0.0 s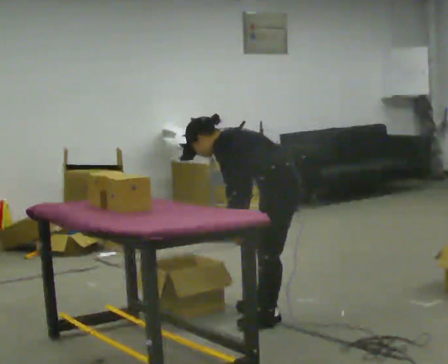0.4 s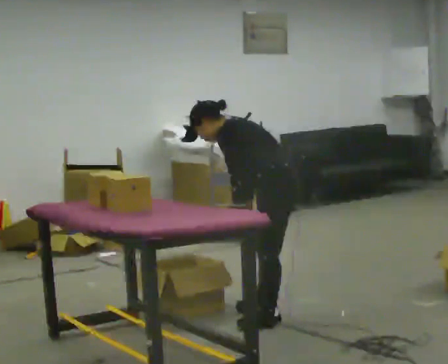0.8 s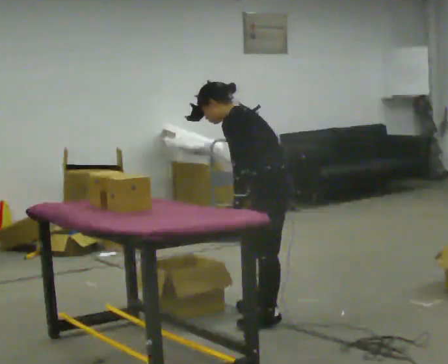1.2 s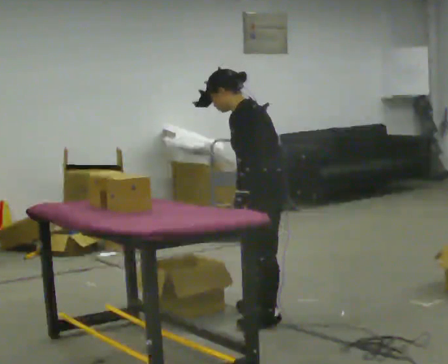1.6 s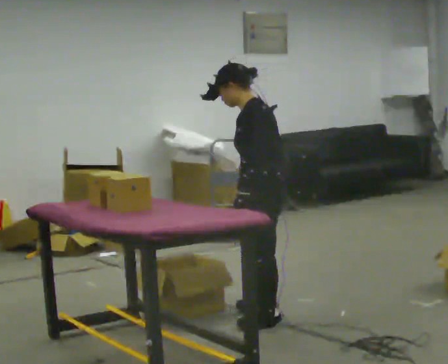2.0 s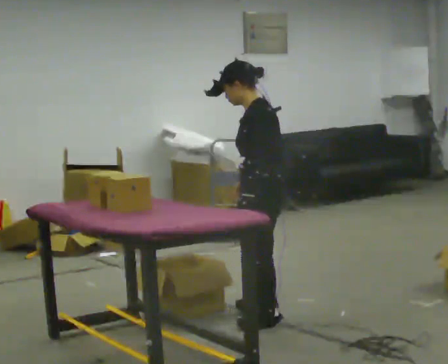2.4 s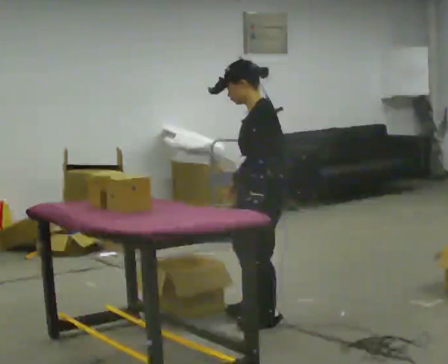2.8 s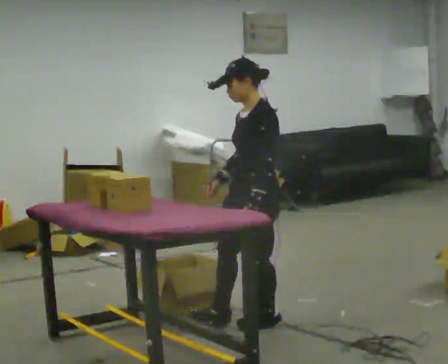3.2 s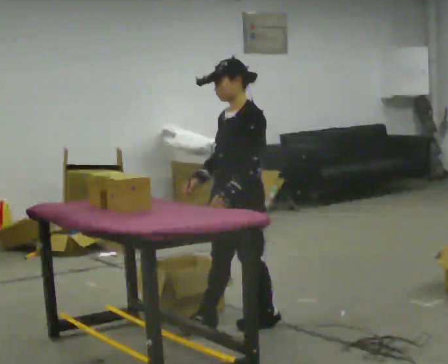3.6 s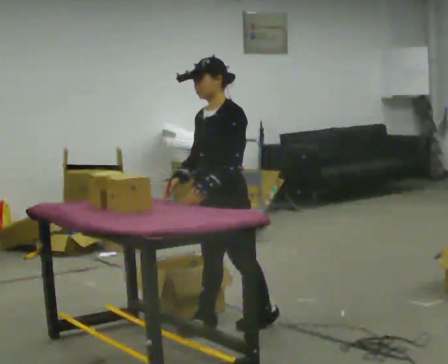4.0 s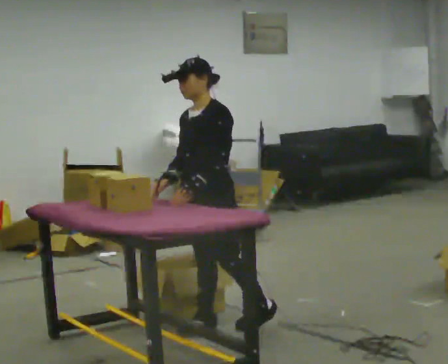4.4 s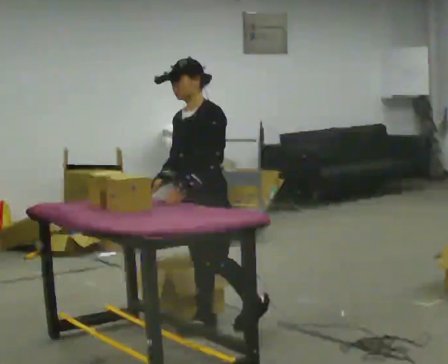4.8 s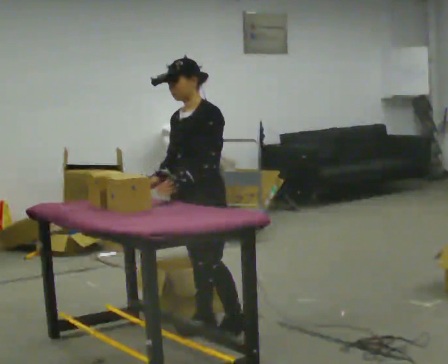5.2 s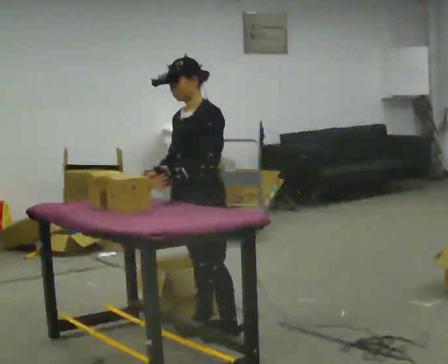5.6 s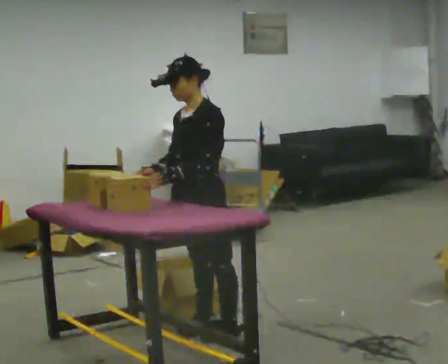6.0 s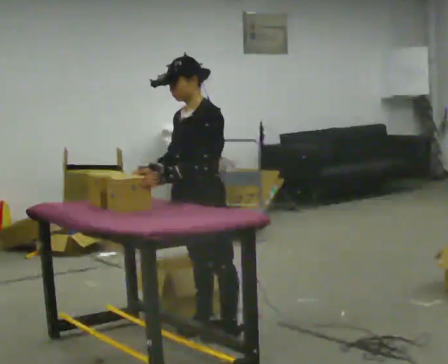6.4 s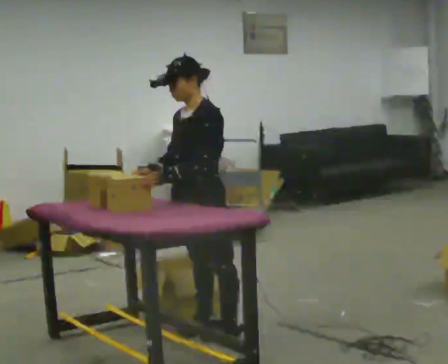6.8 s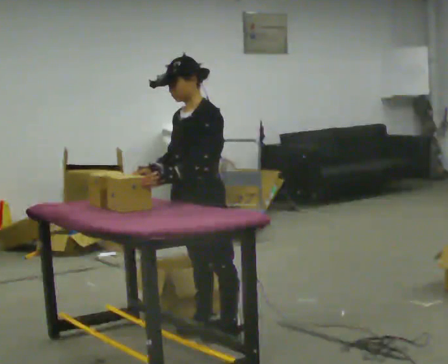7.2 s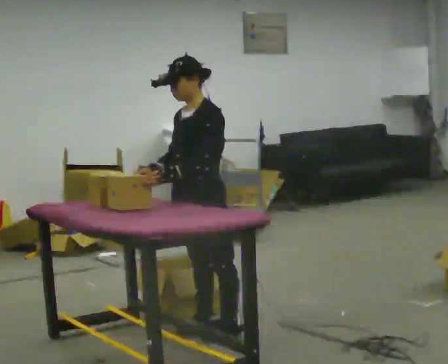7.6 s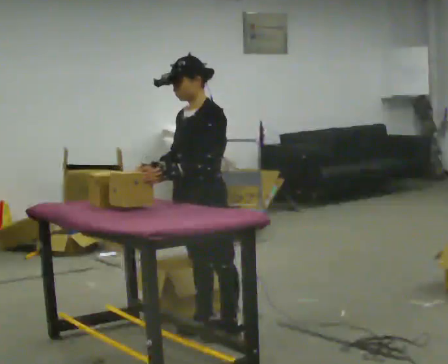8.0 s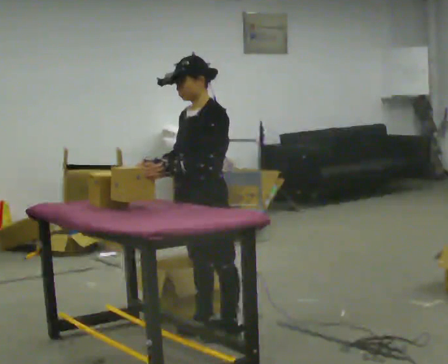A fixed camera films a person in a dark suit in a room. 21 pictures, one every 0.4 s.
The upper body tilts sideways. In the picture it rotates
clockwise.
0.0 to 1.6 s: The shoulders move upward. In the picture the upper body tilts clockwise, shoulders to the right, as they lean back or straighten.
1.6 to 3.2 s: The person turns about 30 degrees to their left, counterclockwise seen from above, so the part of the body nearest the lens slides to the right. In the picture the upper body tilts clockwise, shoulders to the right, as they lean back or straighten. In the picture their right hand goes to the left.
3.2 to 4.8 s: In the picture they go to the left, about 0.25 m, which for them is forward and to their right.
4.8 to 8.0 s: The person moves a little, or ends about where they began.
The film runs backward here.
